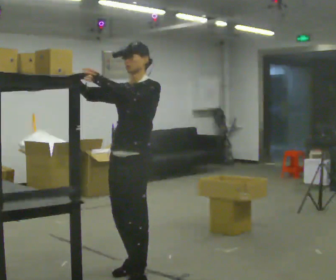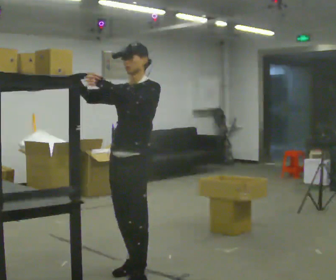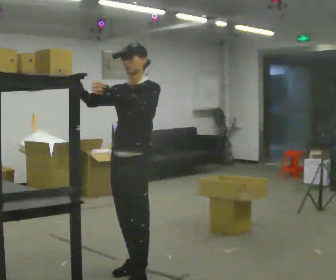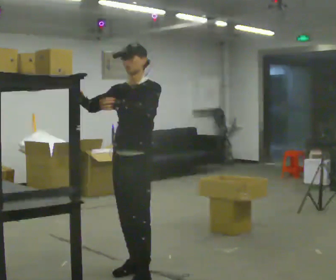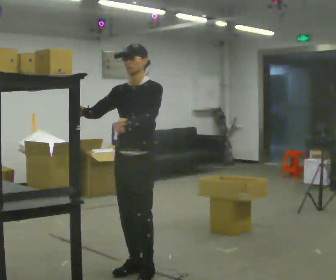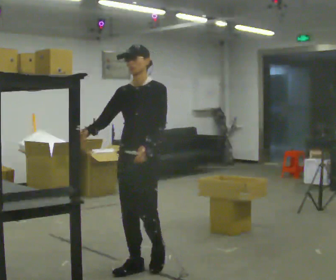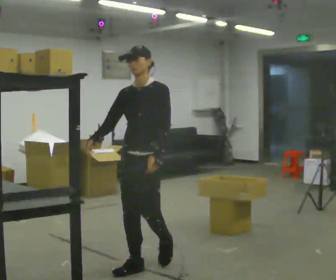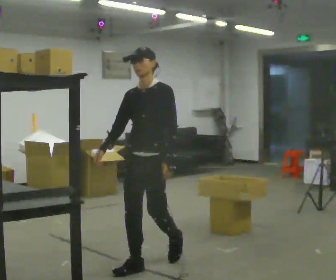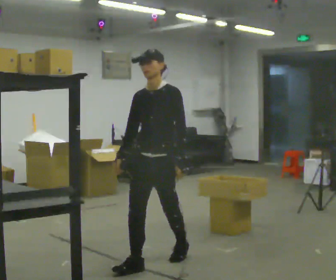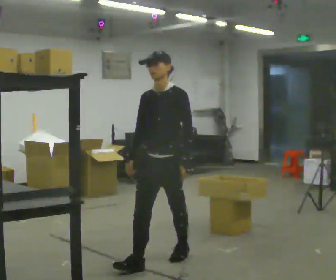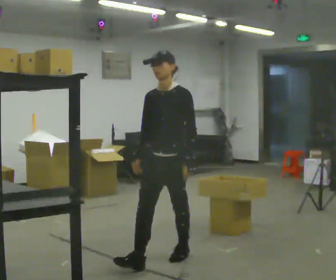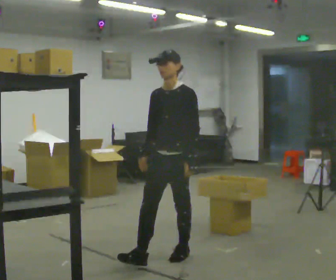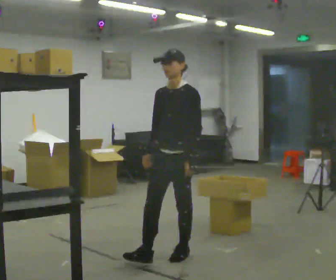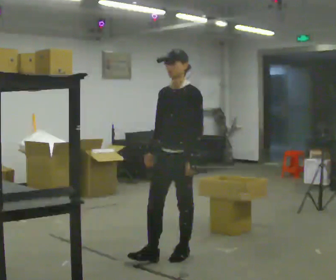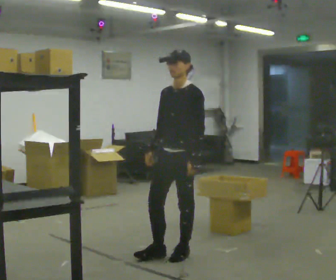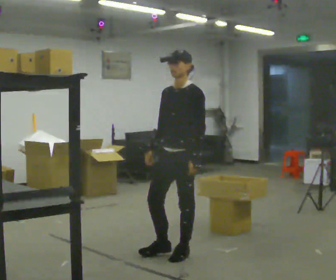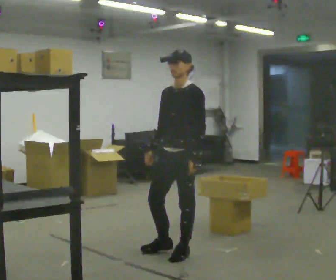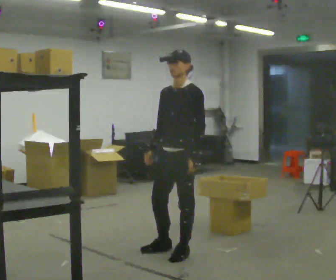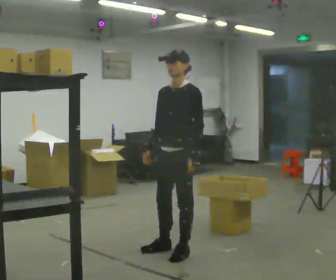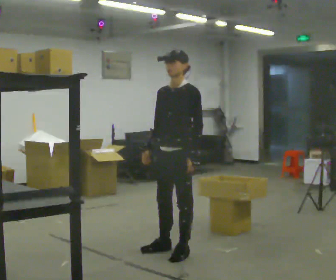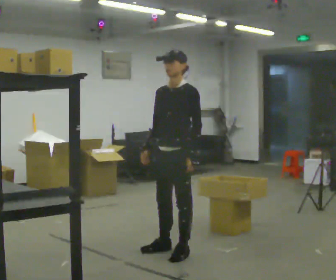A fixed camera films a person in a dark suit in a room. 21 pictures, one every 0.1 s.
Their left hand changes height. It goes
downward.
Their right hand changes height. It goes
downward.
0.0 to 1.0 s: In the picture they go away from the camera and to the right, about 0.5 m in 2 steps, which for them is backward. In the picture their left hand goes downward.
1.0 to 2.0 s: In the picture they go away from the camera, about 0.25 m, which for them is backward.
The film runs backward here.
